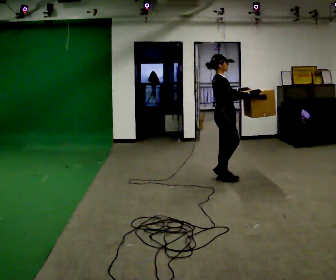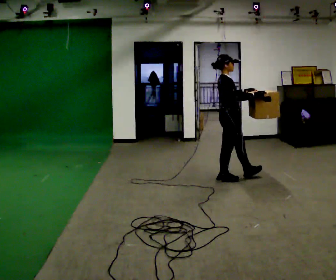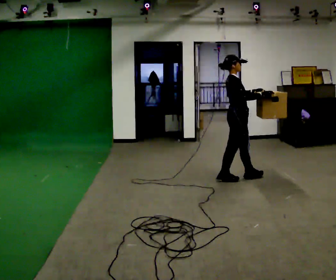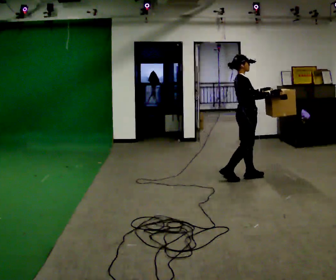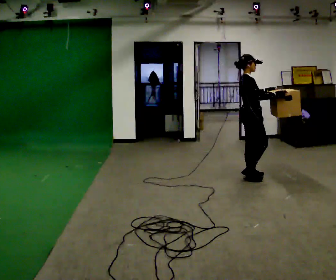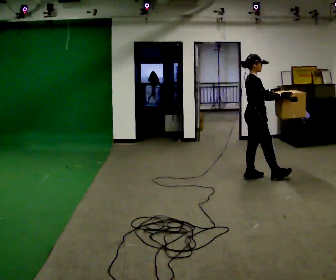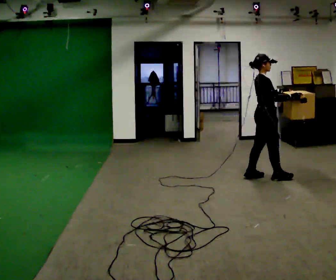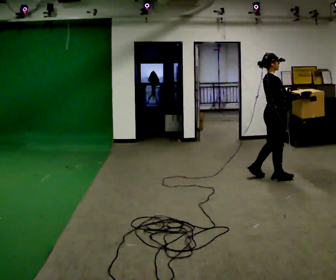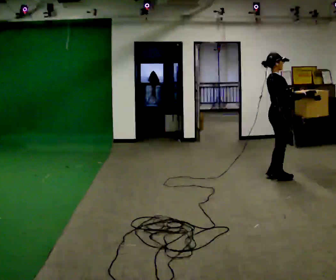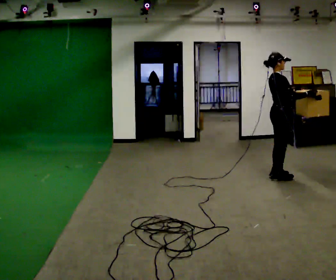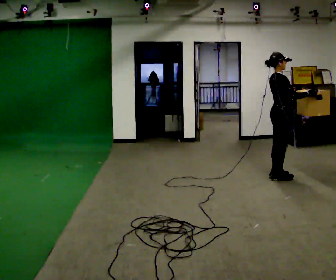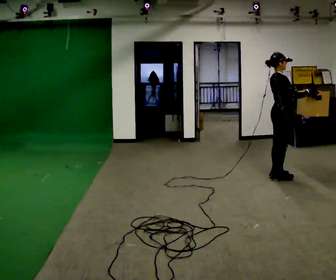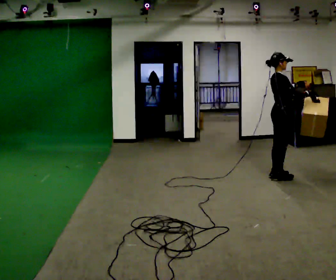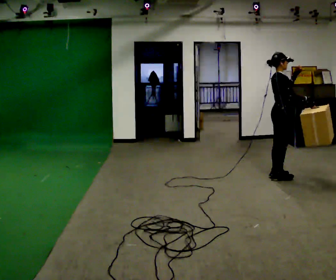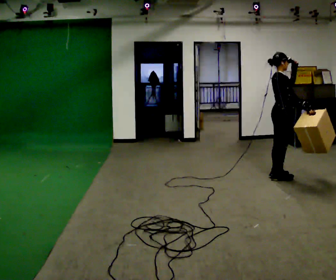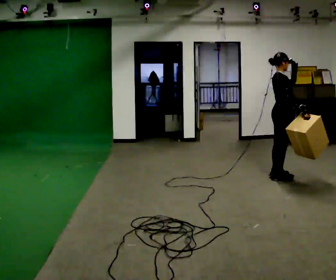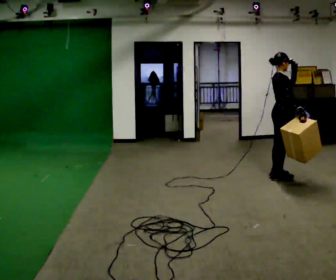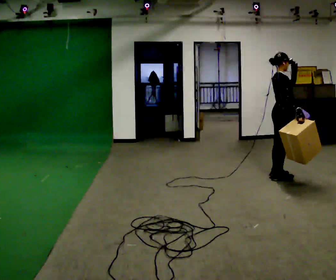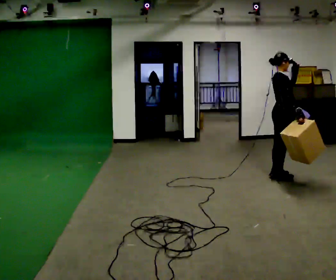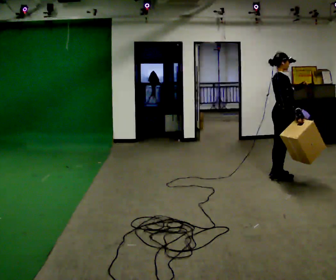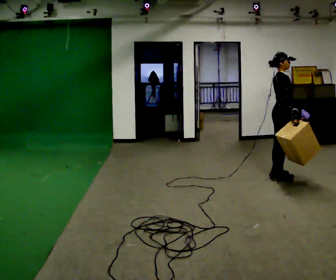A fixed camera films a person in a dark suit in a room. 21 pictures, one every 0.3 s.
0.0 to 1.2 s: In the picture they go to the right and away from the camera, about 0.25 m in 1 step, which for them is forward.
1.2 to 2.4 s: In the picture they go to the right, about 0.25 m in 1 step, which for them is forward and to their right.
2.4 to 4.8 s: The person moves a little, or ends about where they began.
4.8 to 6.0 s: In the picture their left hand goes downward.
The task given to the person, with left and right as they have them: Carry the box across the room much more slowly and carefully than normal, back and forth.
The film runs forward here.
